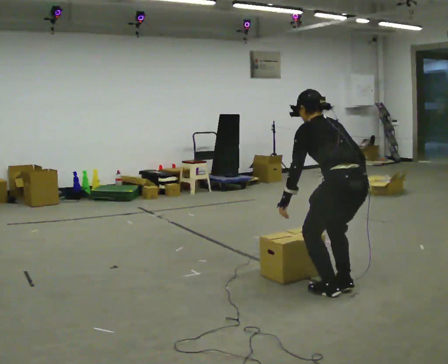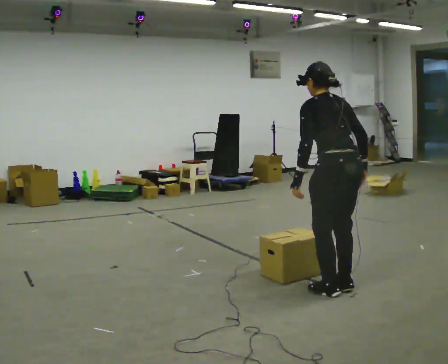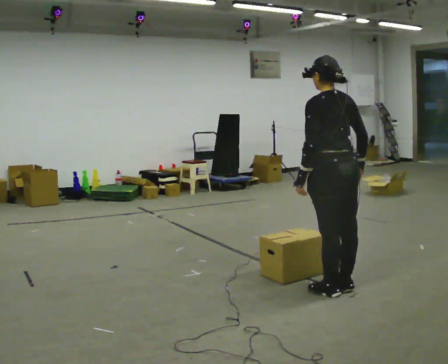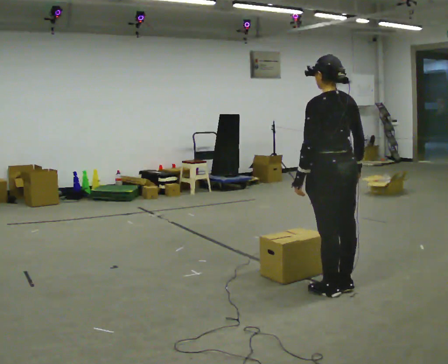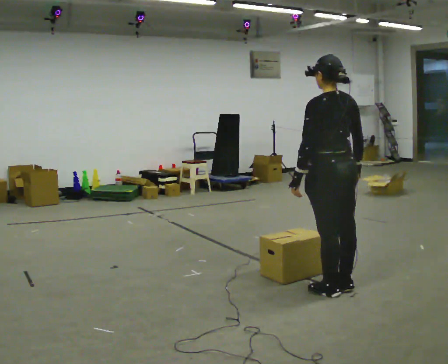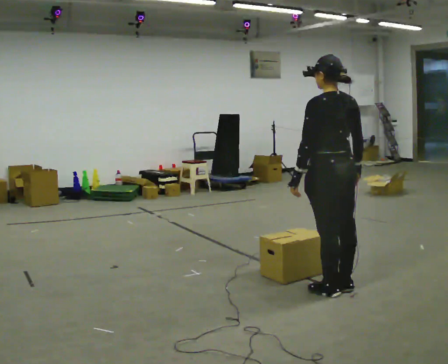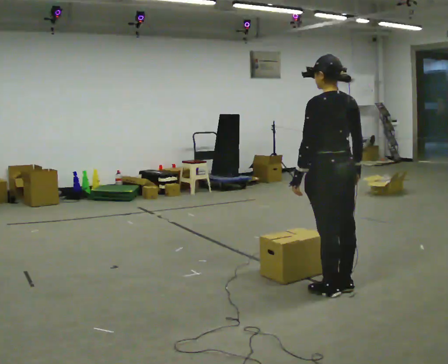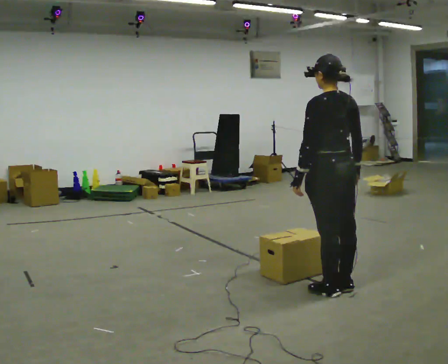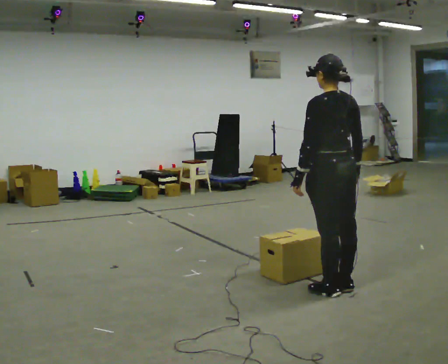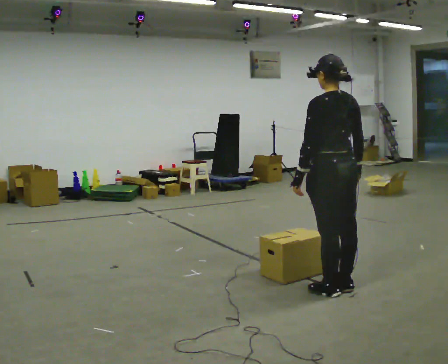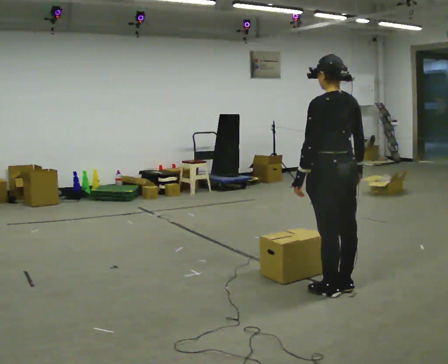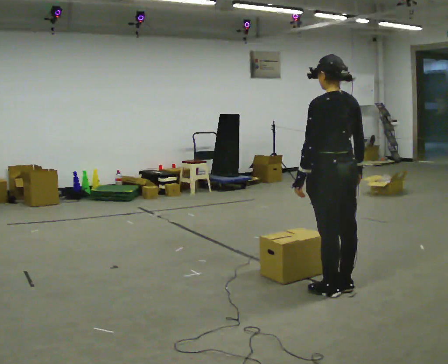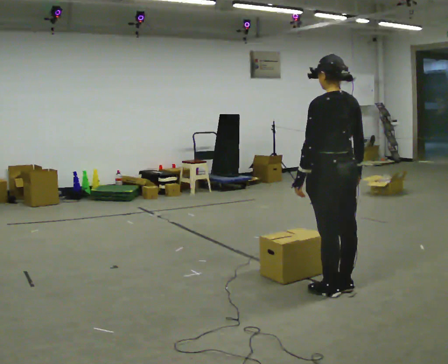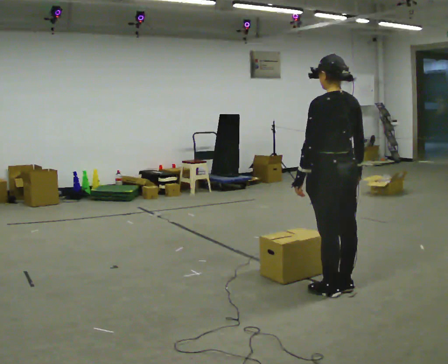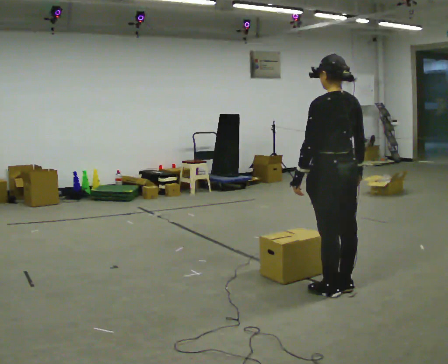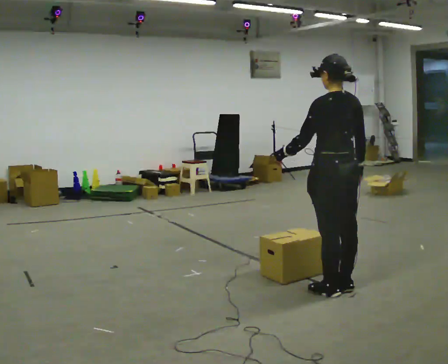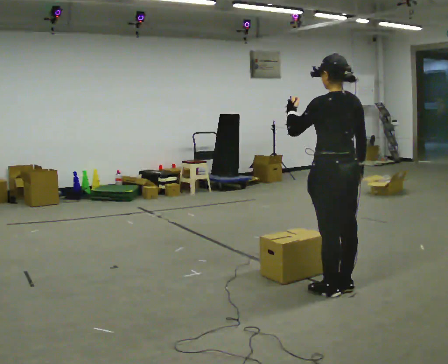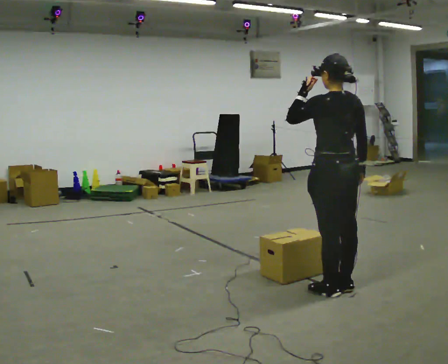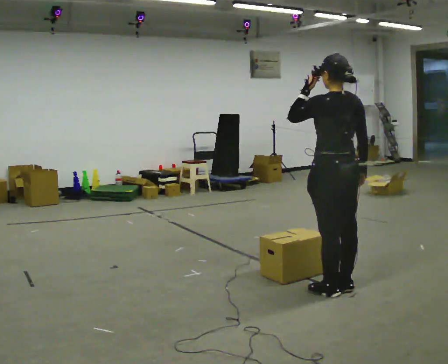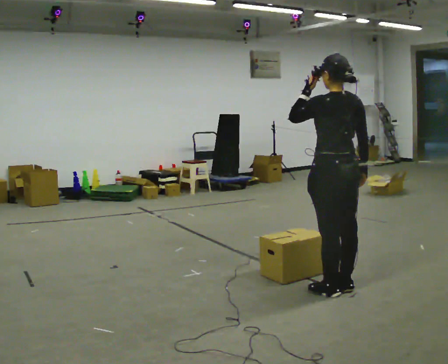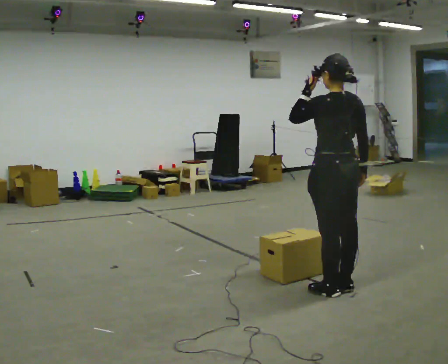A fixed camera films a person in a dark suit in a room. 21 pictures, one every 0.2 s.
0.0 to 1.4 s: The upper body goes upward. The upper body tips toward the camera, its near side rolling downward, as they lean back or straighten.
1.4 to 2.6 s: The person moves a little, or ends about where they began.
2.6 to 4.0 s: In the picture their left hand goes upward.
The film runs forward here.
